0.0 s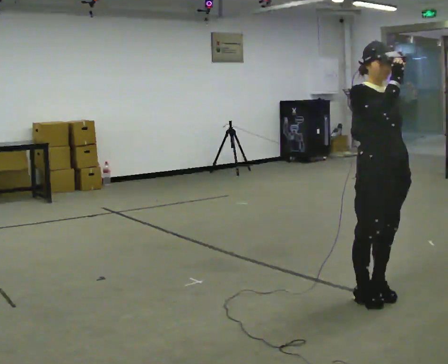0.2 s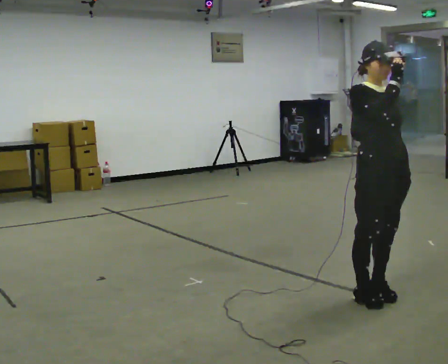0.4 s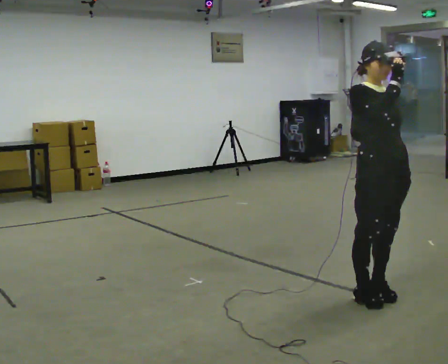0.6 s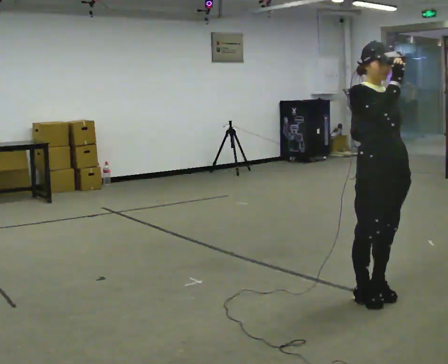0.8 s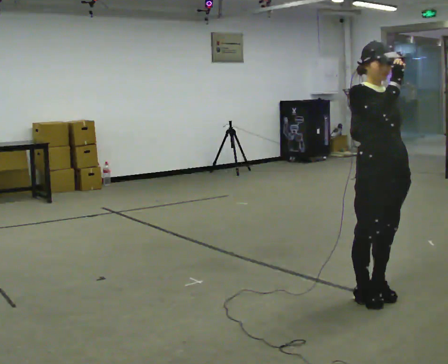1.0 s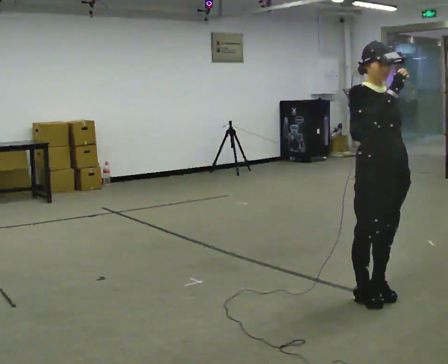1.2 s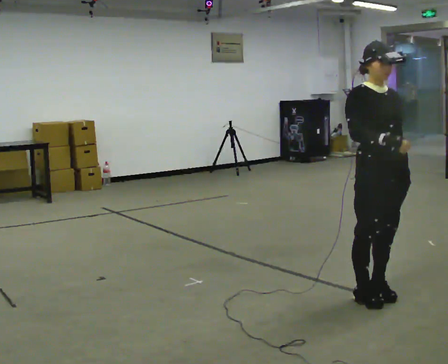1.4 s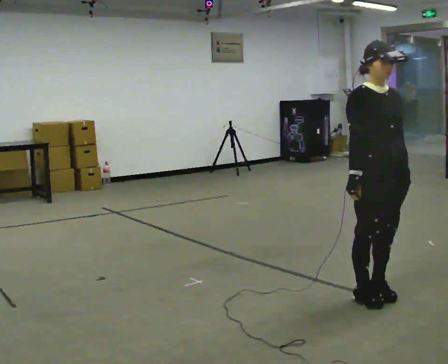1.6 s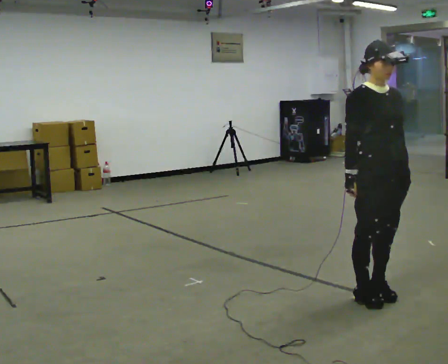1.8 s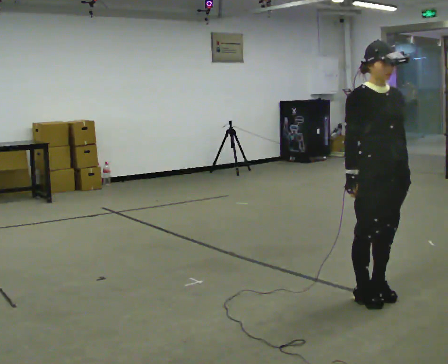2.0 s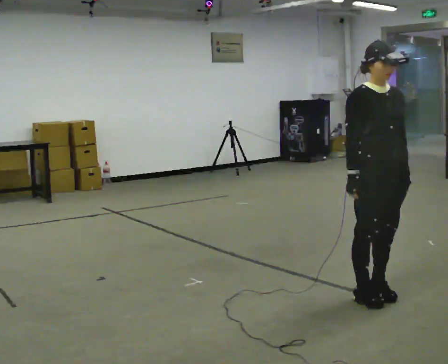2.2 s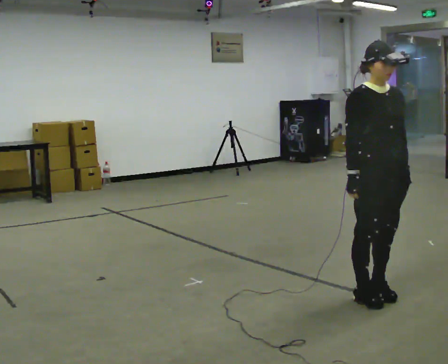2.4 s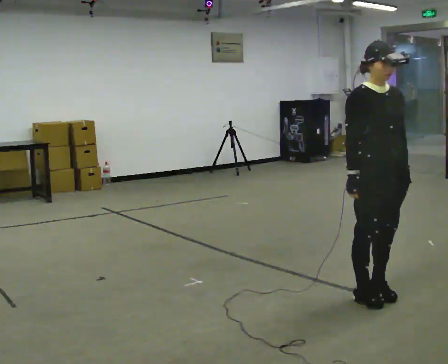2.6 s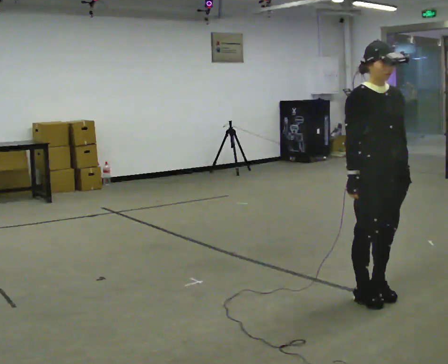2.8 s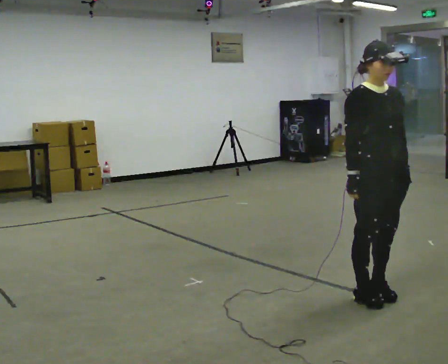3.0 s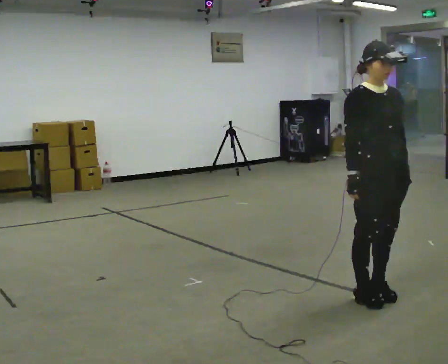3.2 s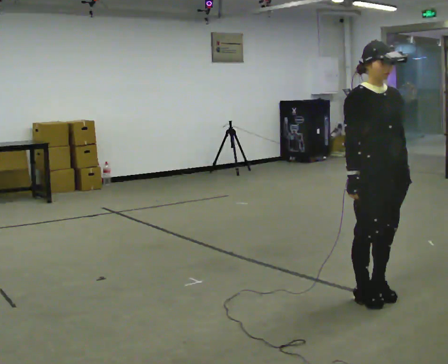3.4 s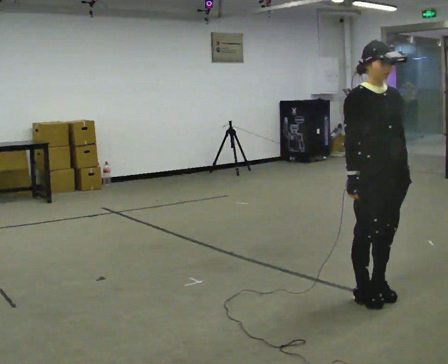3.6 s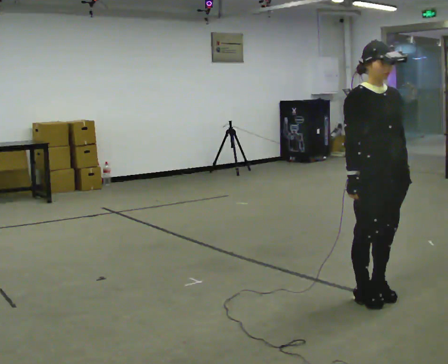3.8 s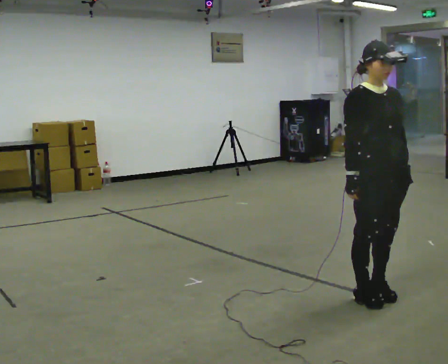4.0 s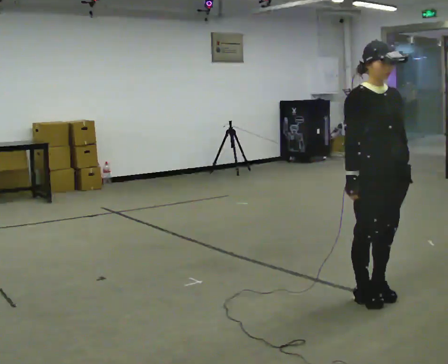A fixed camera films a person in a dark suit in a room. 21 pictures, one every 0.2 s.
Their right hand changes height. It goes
downward.
0.0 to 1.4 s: In the picture their right hand goes downward.
1.4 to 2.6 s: The person moves a little, or ends about where they began.
2.6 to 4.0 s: The person keeps their place and pose.
The film runs forward here.
